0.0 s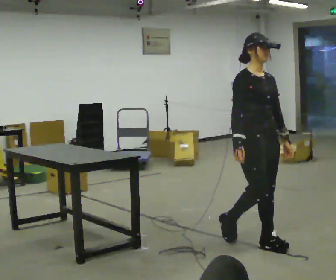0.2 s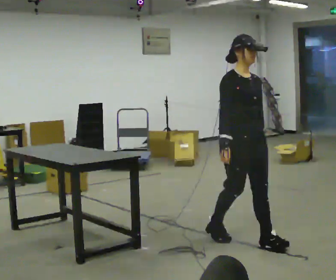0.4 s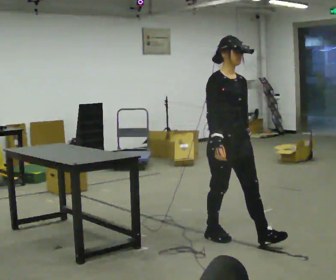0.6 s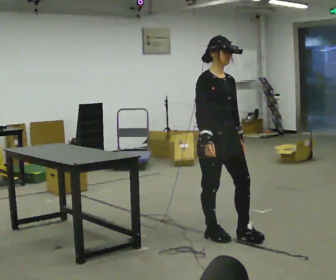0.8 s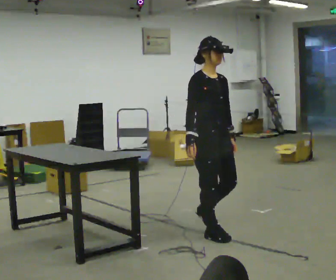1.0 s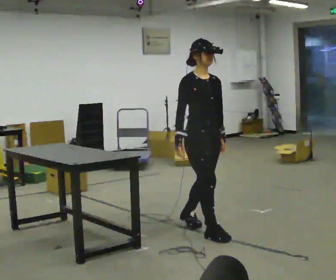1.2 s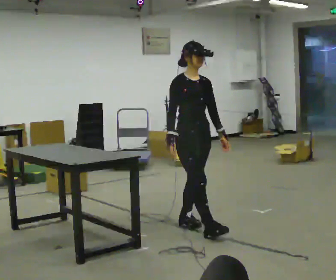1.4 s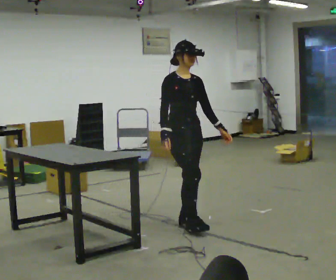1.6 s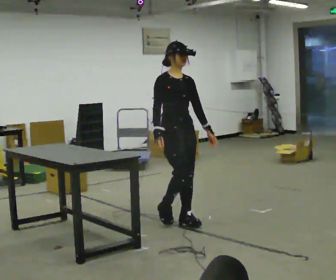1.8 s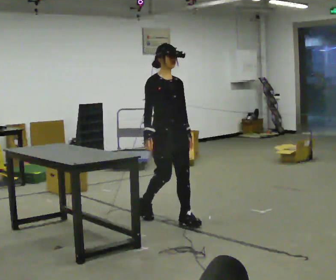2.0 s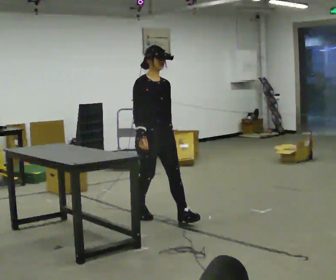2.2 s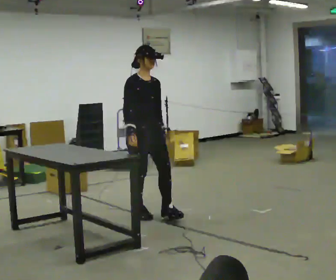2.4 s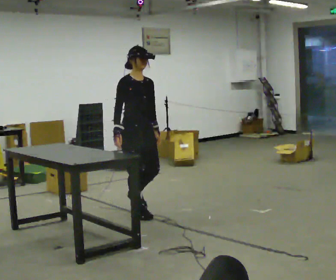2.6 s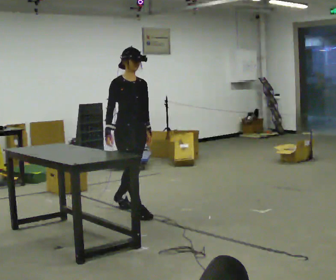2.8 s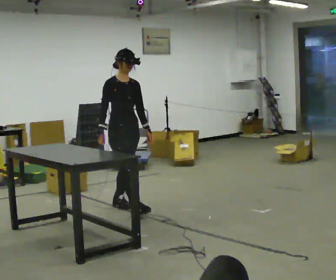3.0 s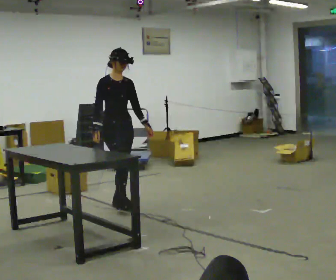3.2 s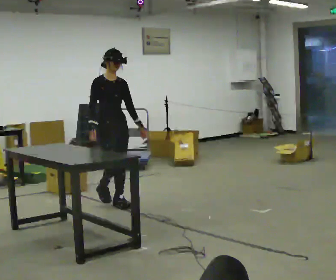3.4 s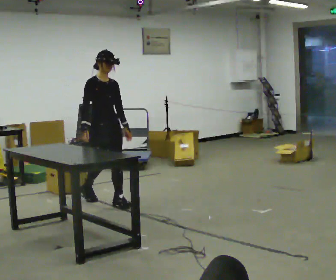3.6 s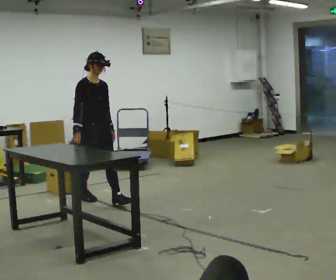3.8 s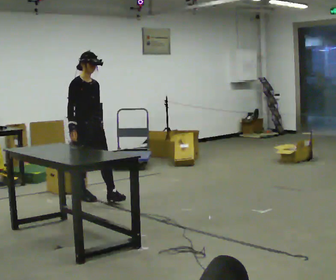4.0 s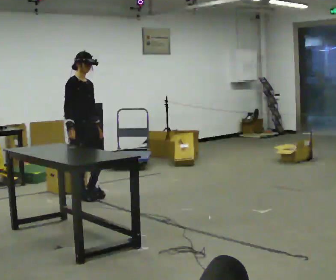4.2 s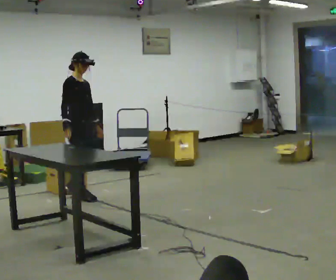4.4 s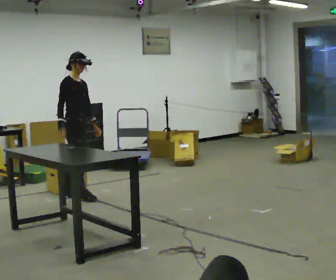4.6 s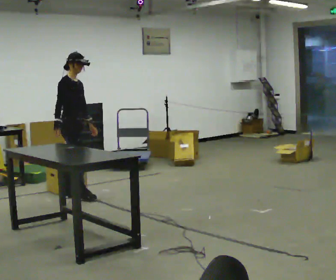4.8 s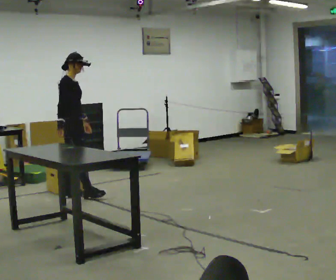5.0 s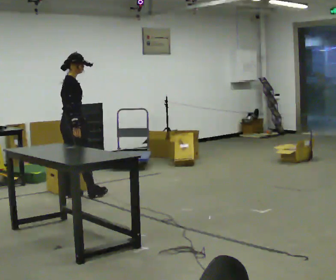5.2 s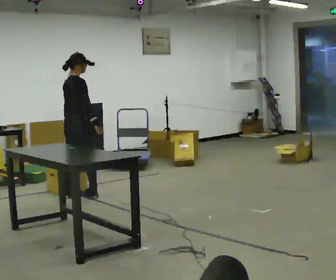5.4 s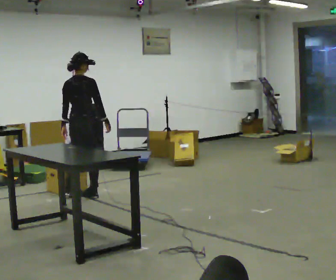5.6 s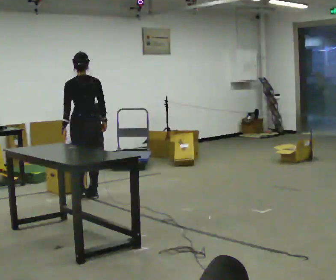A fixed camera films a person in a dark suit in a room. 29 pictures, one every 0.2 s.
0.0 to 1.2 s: In the picture they go away from the camera and to the left, about 0.5 m in 1 step, which for them is backward.
1.2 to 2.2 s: In the picture they go away from the camera and to the left, about 0.5 m in 2 steps, which for them is backward.
2.2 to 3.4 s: In the picture they go away from the camera and to the left, about 0.5 m in 1 step, which for them is backward.
3.4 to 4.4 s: Seen from above the body turns counterclockwise, about 30 degrees: to their left, with its near side sliding to the right. In the picture they go to the left and away from the camera, about 0.5 m in 1 step, which for them is backward.
4.4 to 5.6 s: The person turns about 120 degrees to their left, counterclockwise seen from above, so the part of the body nearest the lens slides to the right. In the picture their right hand goes to the right.
The film runs backward here.
